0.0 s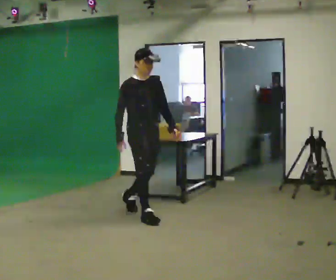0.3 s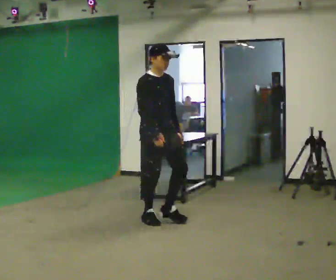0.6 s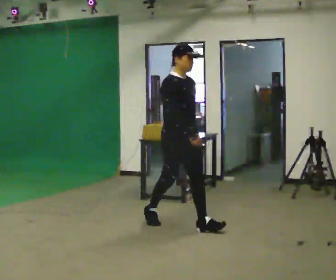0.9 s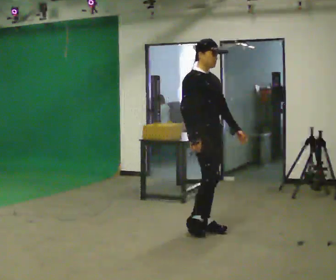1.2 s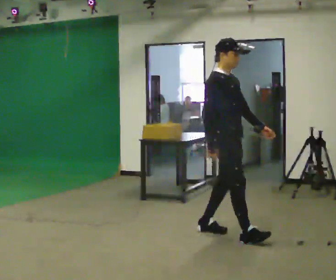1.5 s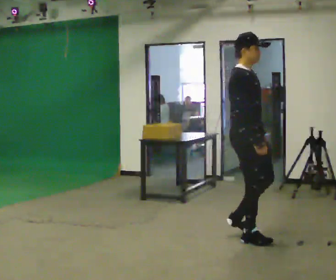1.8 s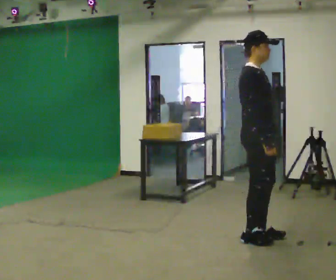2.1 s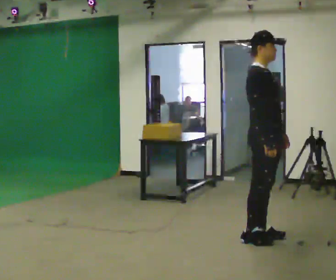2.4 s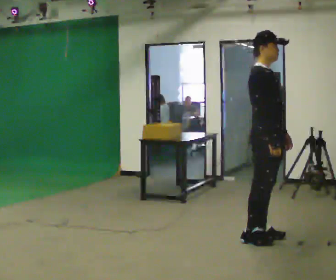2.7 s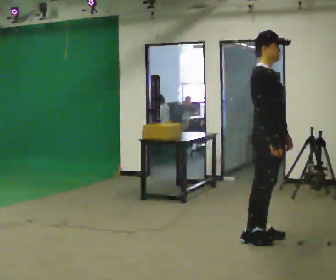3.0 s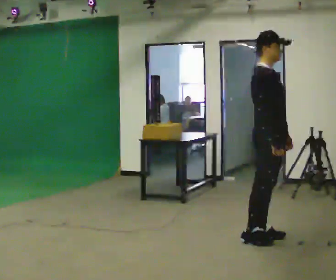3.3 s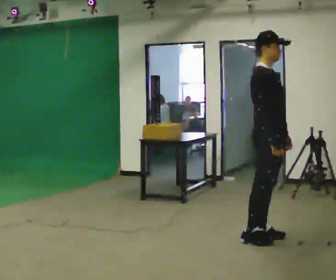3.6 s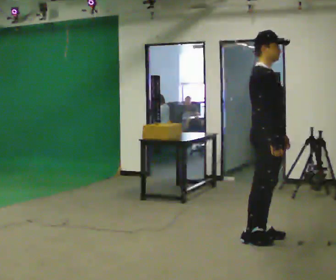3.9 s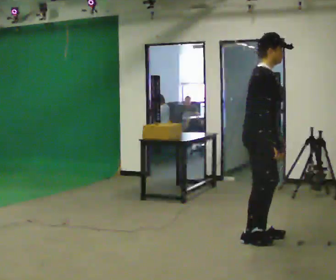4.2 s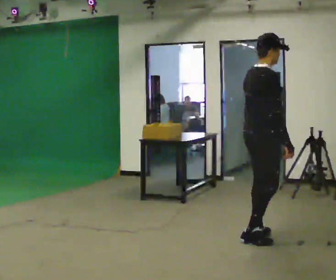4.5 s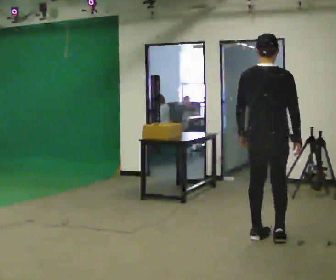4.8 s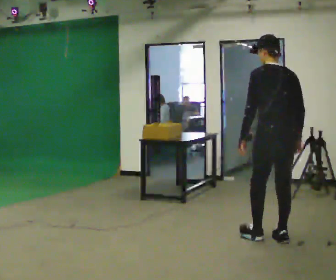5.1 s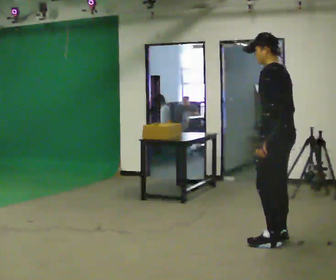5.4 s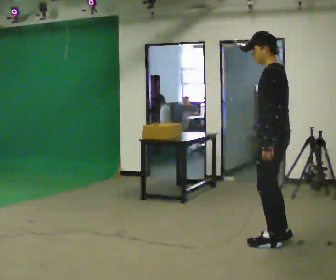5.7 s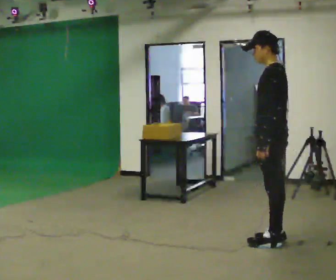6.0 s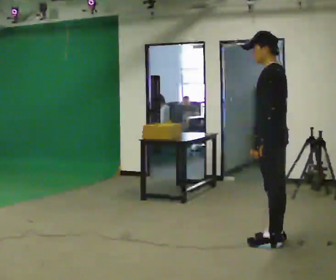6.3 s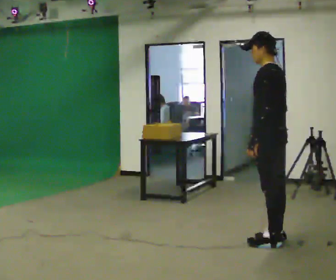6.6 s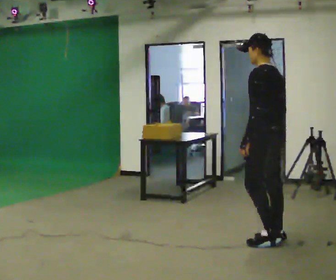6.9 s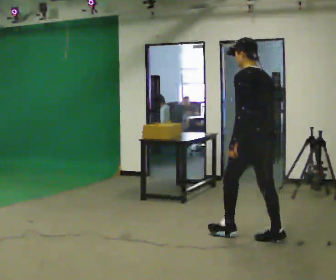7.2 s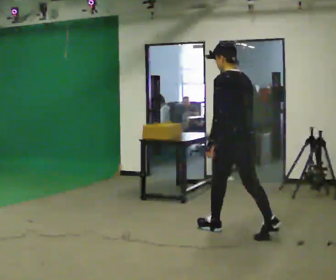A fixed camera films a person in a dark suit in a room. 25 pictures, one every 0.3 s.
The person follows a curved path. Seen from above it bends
counterclockwise.
0.0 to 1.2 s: In the picture they go to the right and toward the camera, about 1 m in 2 steps, which for them is forward.
1.2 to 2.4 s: In the picture they go to the right, about 0.25 m in 1 step, which for them is forward.
2.4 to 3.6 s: The person moves a little, or ends about where they began.
3.6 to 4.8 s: The part of the body nearest the lens slides to the right as the person turns to their left by about 135 degrees. In the picture they go to the right, about 0.25 m in 1 step. The upper body tips away from the camera, its near side rolling upward.
4.8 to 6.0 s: Seen from above the body turns counterclockwise, about 45 degrees: to their left, with its near side sliding to the right.
6.0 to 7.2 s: Seen from above the body turns clockwise, about 30 degrees: to their right, with its near side sliding to the left. In the picture they go to the left and away from the camera, about 0.5 m in 1 step, which for them is forward.
The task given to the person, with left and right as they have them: Walk forward noticeably slower than normal; do not shuffle; stop.
The film runs forward here.
